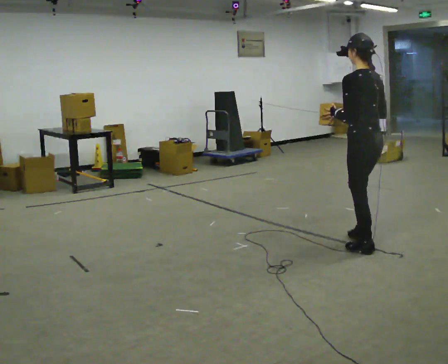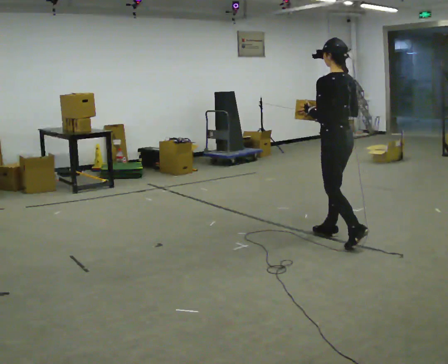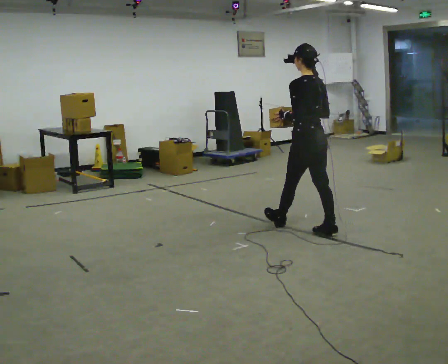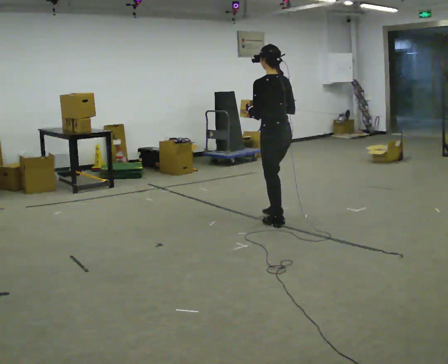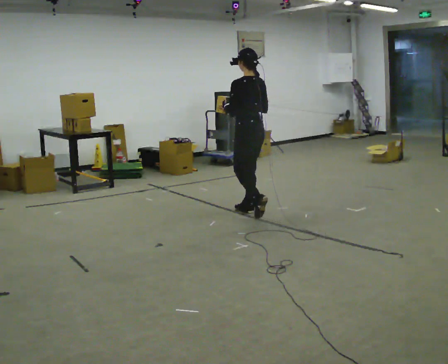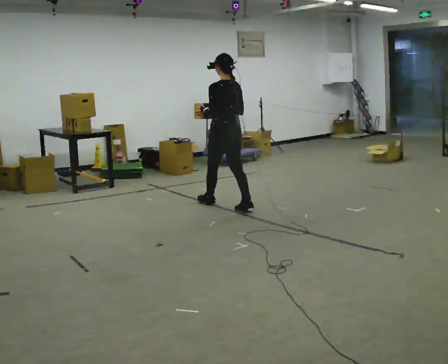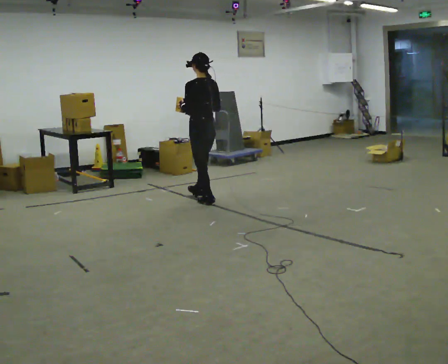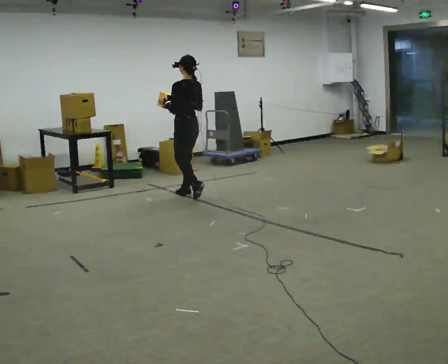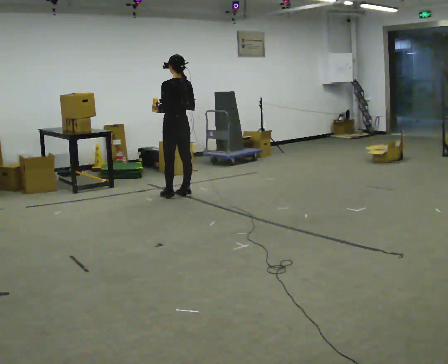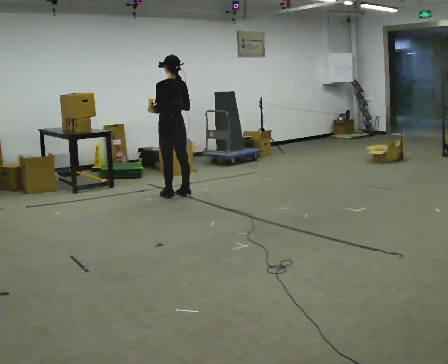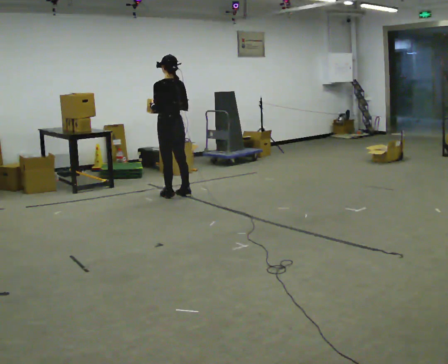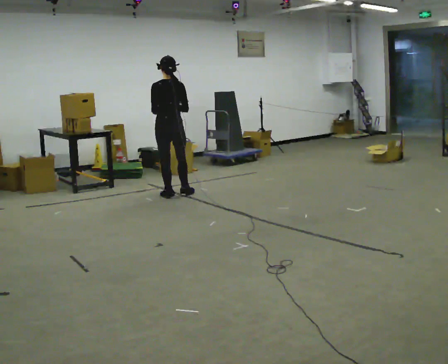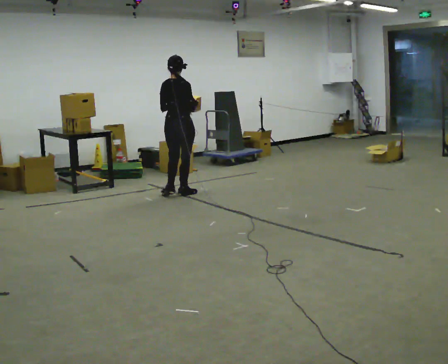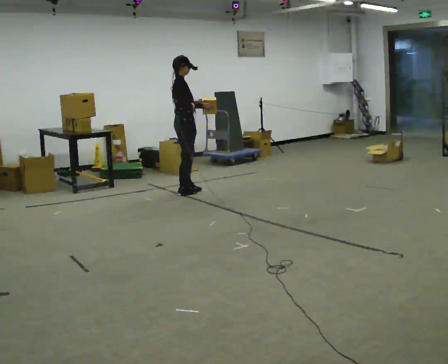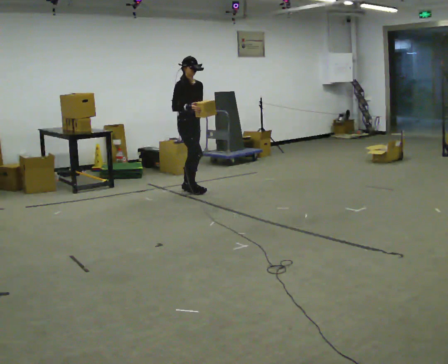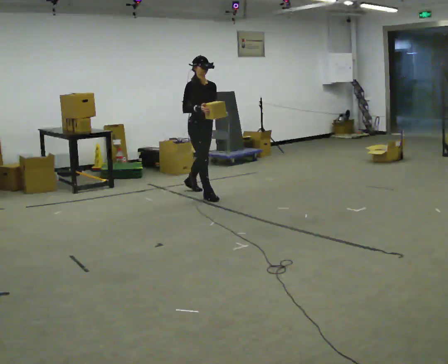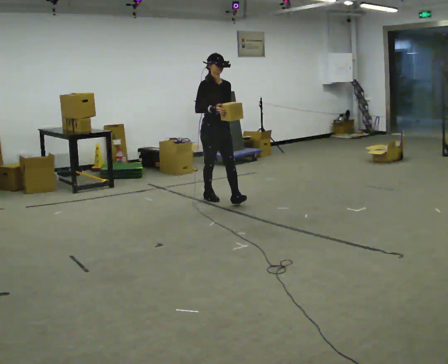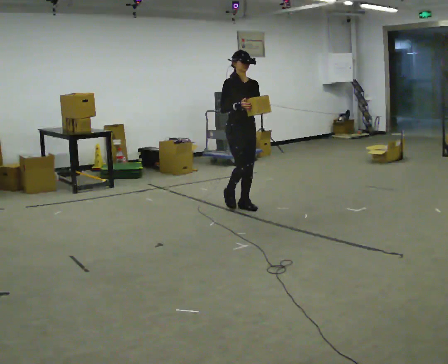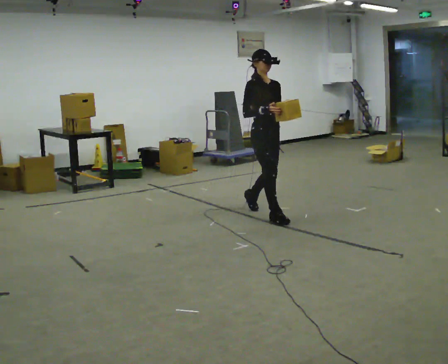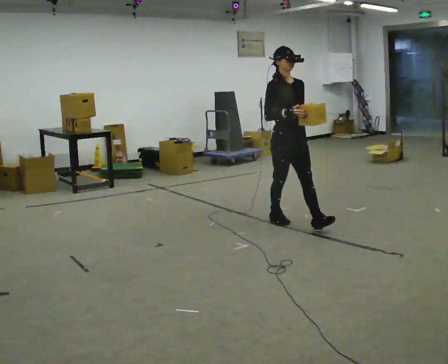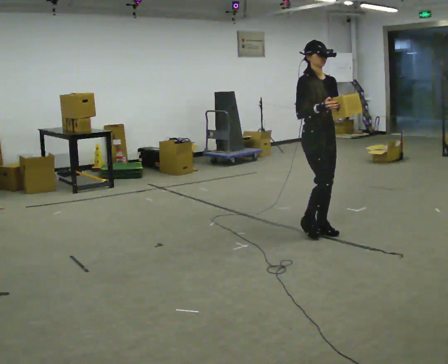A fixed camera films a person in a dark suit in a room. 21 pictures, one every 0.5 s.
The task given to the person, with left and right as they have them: Carry the light box in both hands in front of you, walking back and forth across the room. Keep walking until the operator says stop.
0.0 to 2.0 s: In the picture they go away from the camera and to the left, about 1.5 m in 3 steps, which for them is forward.
2.0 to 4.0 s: In the picture they go away from the camera and to the left, about 1 m in 3 steps, which for them is forward.
4.0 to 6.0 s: Seen from above the body turns clockwise, about 75 degrees: to their right, with its near side sliding to the left.
6.0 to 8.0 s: Seen from above the body turns clockwise, about 120 degrees: to their right, with its near side sliding to the left. In the picture they go toward the camera and to the right, about 0.5 m in 2 steps.
8.0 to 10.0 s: In the picture they go toward the camera and to the right, about 1.5 m in 3 steps, which for them is forward.
The film runs forward here.
